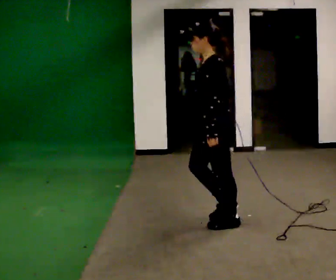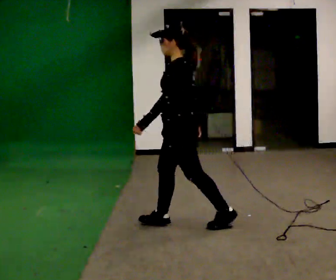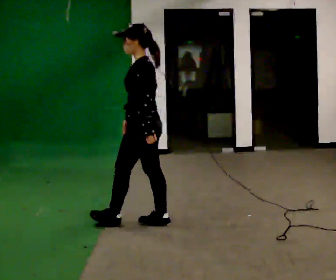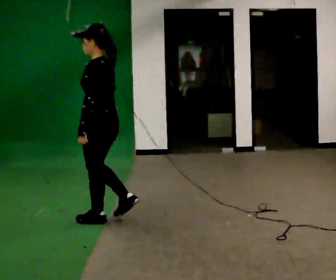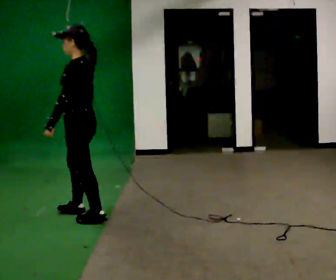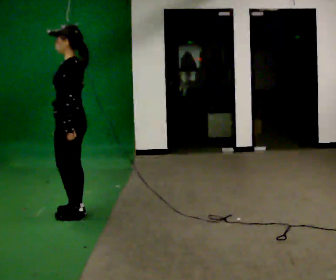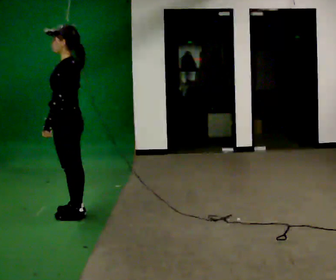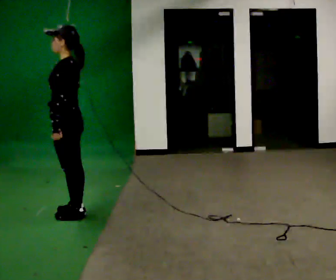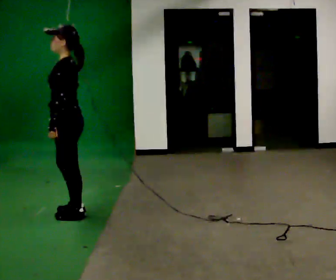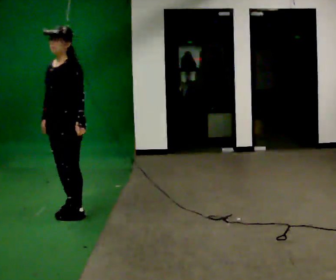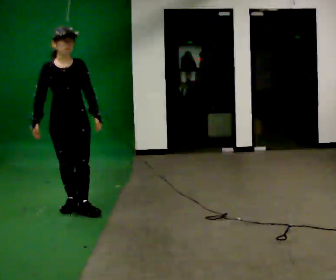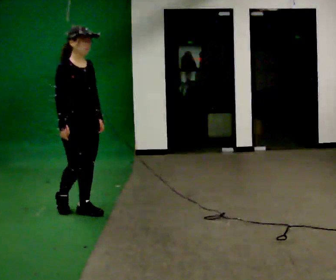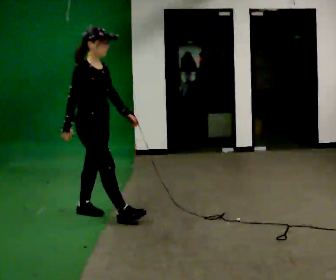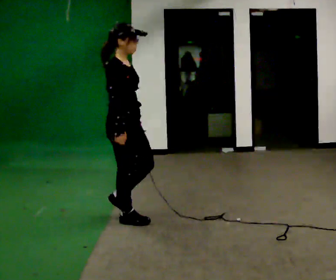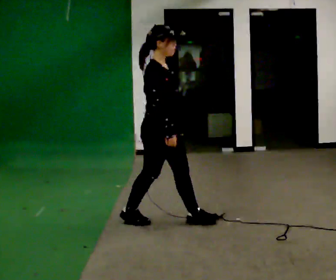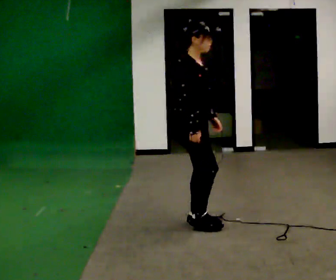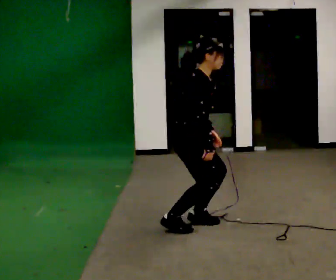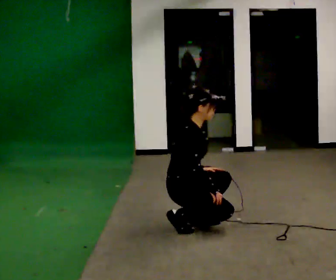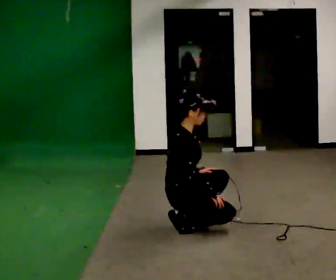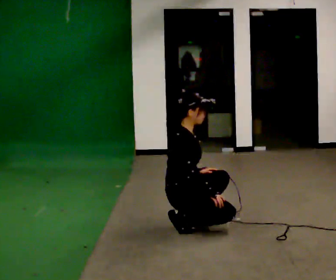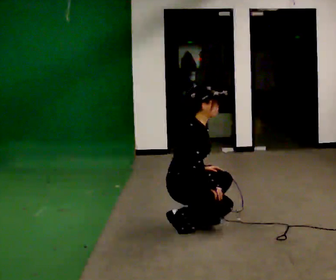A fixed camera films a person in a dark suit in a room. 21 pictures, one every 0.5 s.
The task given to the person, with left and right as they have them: Walk; crouch comfortably at marker; remain briefly; stand and continue.
0.0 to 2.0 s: In the picture they go to the left and away from the camera, about 1 m in 3 steps, which for them is forward.
2.0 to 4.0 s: The person moves a little, or ends about where they began.
4.0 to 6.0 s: The person turns about 150 degrees to their left, counterclockwise seen from above, so the part of the body nearest the lens slides to the right. In the picture they go to the right, about 0.25 m in 2 steps. In the picture their left hand goes to the right, the arm swinging counterclockwise.
6.0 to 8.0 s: In the picture they go to the right and toward the camera, about 1 m in 3 steps, which for them is forward. In the picture the upper body tilts clockwise, shoulders to the right, as they bend forward.
8.0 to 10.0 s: The shoulders move downward.
The film runs forward here.
